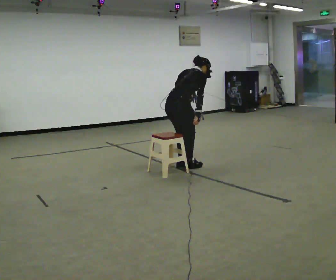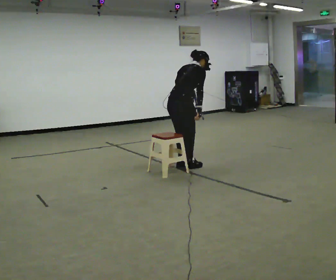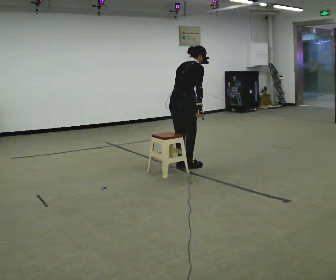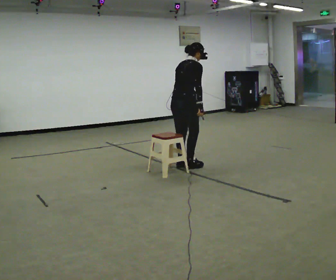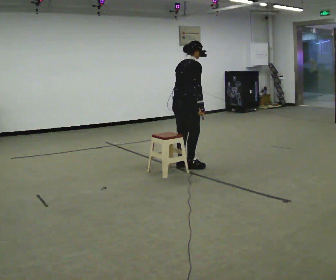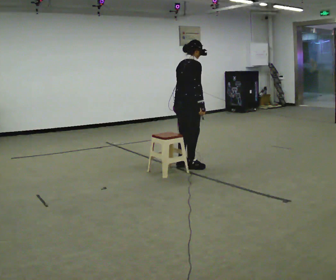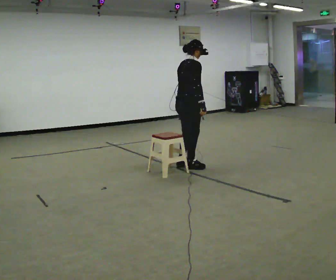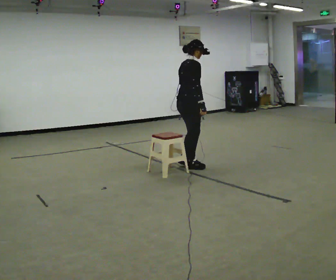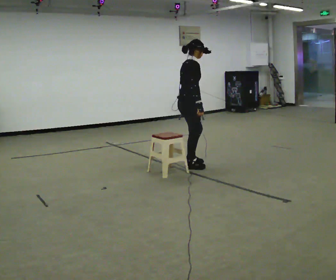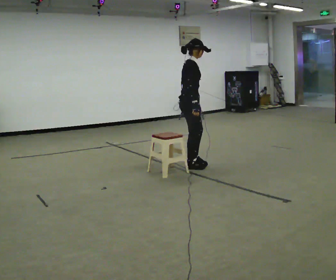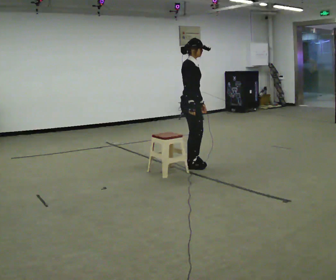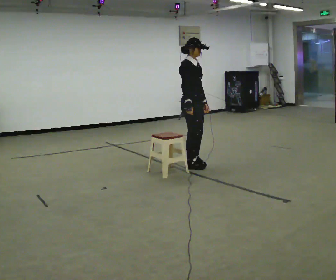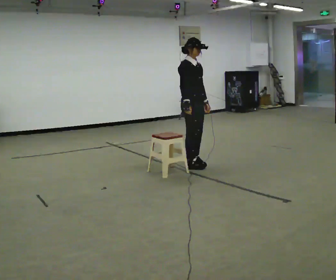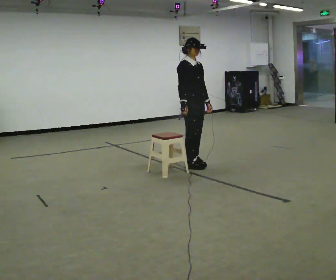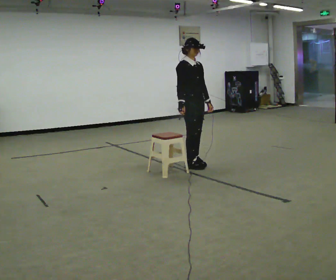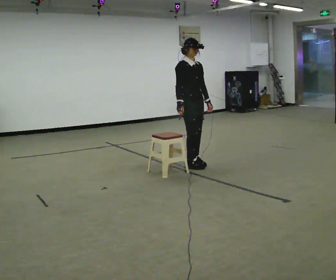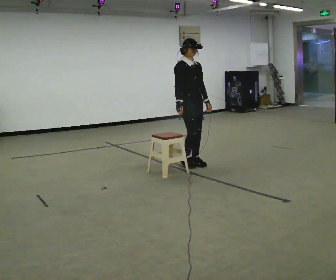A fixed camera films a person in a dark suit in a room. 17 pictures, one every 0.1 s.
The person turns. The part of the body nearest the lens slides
to the left.
The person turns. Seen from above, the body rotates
clockwise.
0.0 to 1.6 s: The part of the body nearest the lens slides to the left as the person turns to their right by about 90 degrees. In the picture they go away from the camera, about 0.25 m in 2 steps. In the picture the upper body tilts counterclockwise, shoulders to the left, as they lean back or straighten. In the picture their left hand goes to the right, the arm swinging counterclockwise.
The film runs backward here.
